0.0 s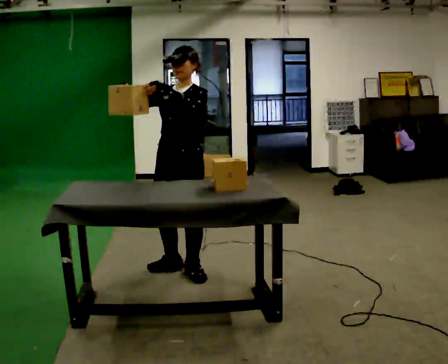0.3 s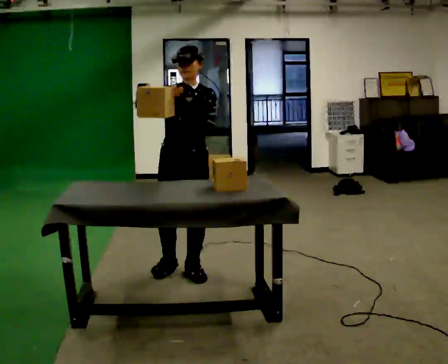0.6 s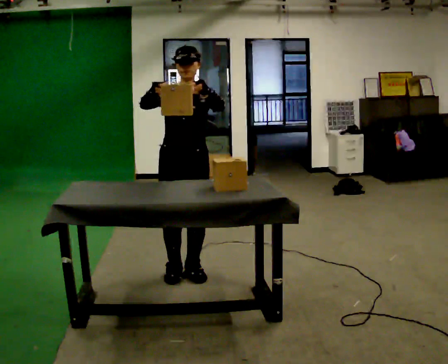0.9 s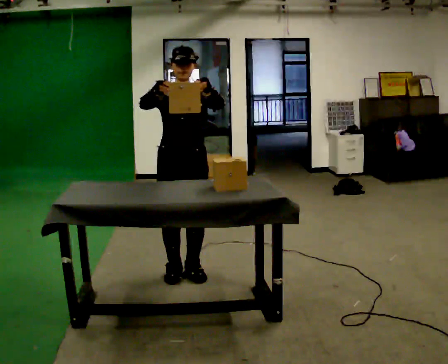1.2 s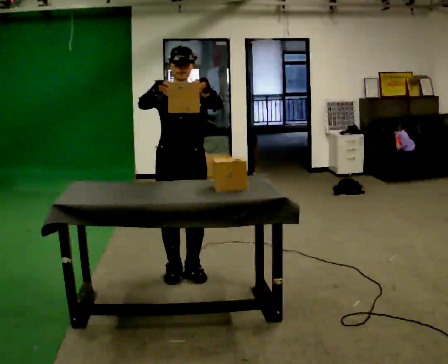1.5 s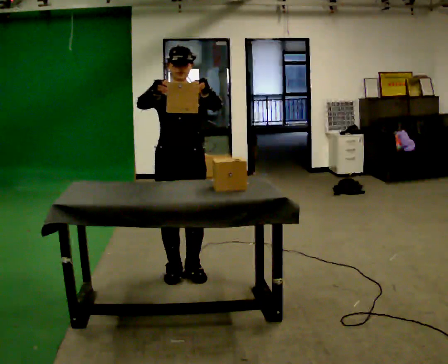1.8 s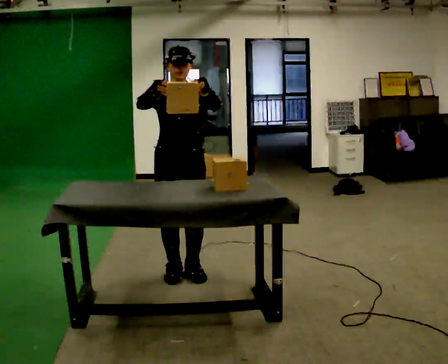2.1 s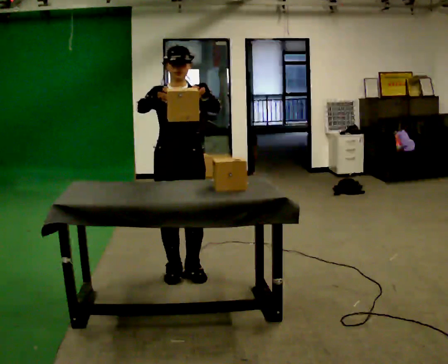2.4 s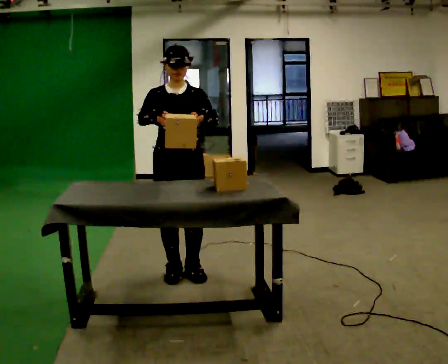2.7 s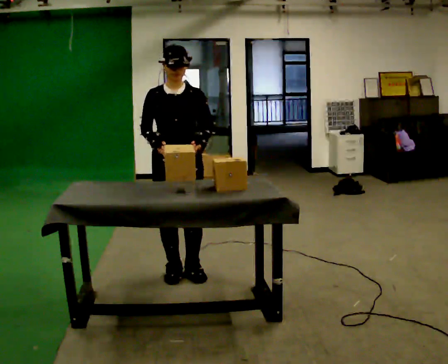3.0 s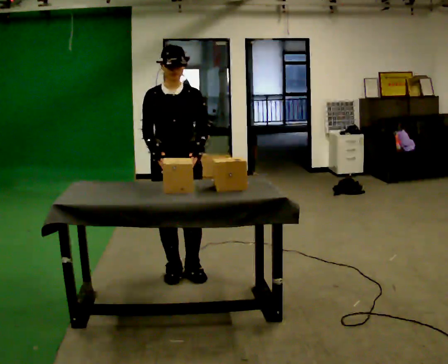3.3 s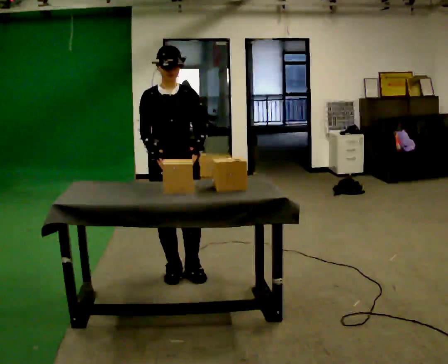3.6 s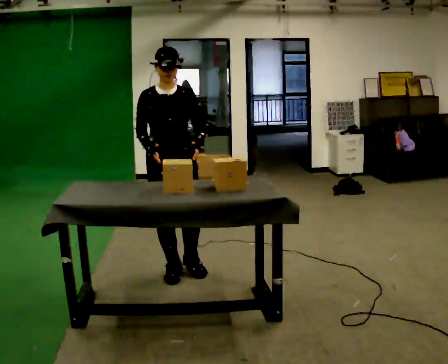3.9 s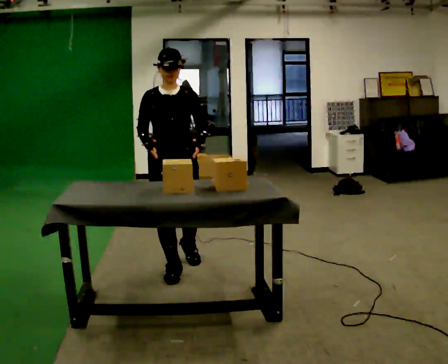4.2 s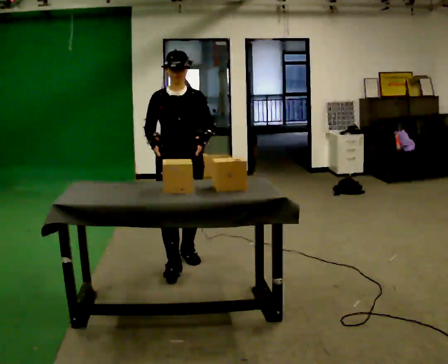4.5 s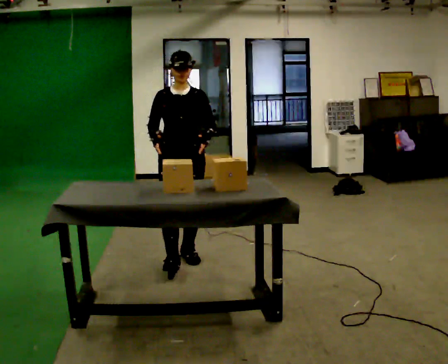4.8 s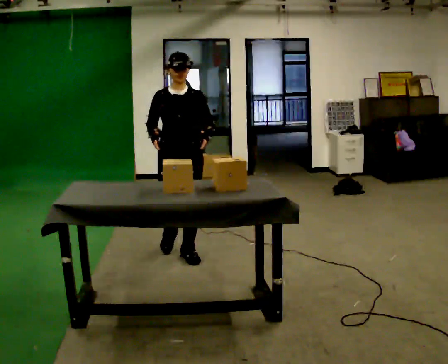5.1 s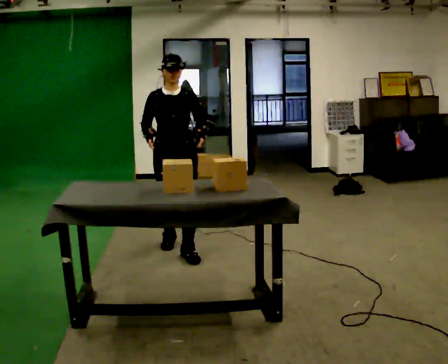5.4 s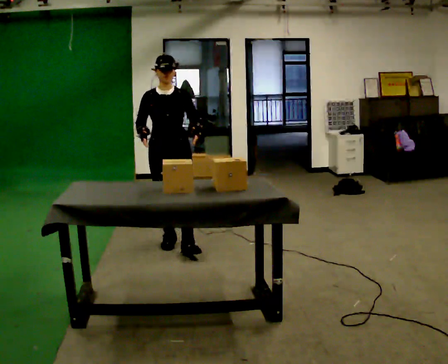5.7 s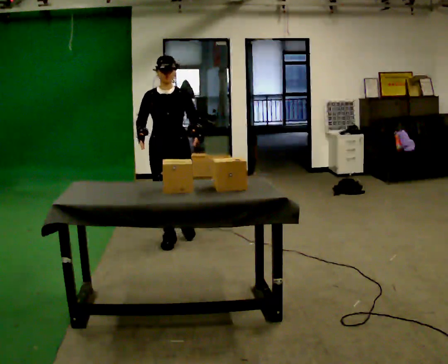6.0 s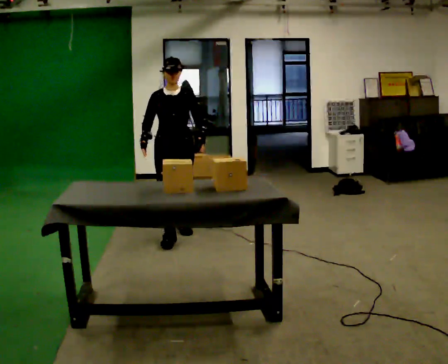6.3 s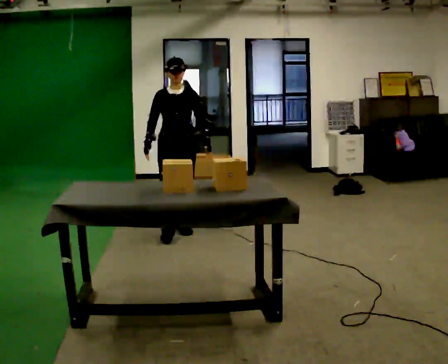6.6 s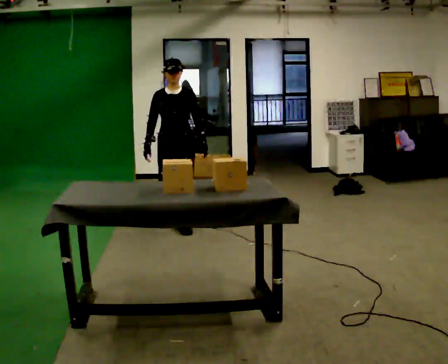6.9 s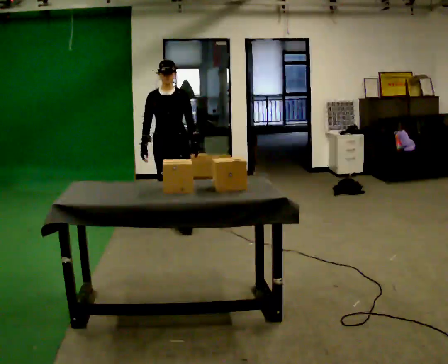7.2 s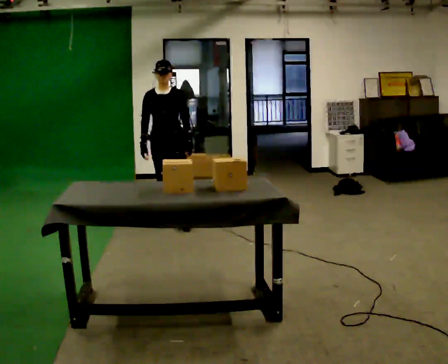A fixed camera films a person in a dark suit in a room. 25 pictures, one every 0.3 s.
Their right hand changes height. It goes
downward.
The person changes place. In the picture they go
away from the camera.
0.0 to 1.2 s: Seen from above the body turns counterclockwise, about 30 degrees: to their left, with its near side sliding to the right.
1.2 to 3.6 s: In the picture their right hand goes downward.
3.6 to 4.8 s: In the picture they go away from the camera, about 0.5 m in 1 step, which for them is backward.
4.8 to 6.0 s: In the picture they go away from the camera, about 0.5 m in 1 step, which for them is backward.
6.0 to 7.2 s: In the picture they go away from the camera, about 0.5 m in 2 steps, which for them is backward.
The film runs backward here.
